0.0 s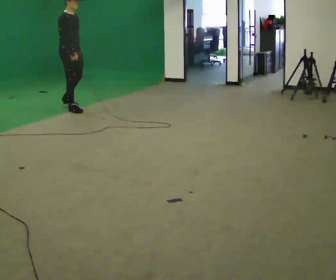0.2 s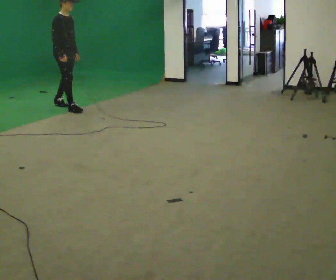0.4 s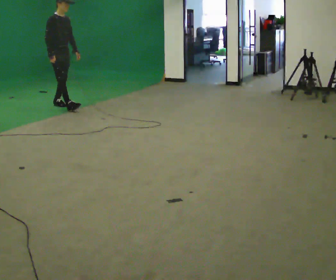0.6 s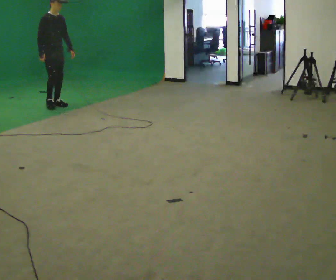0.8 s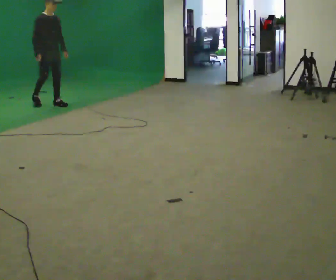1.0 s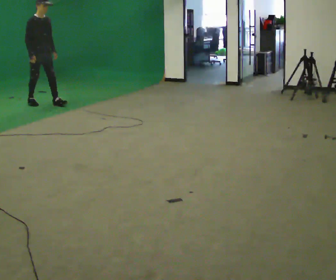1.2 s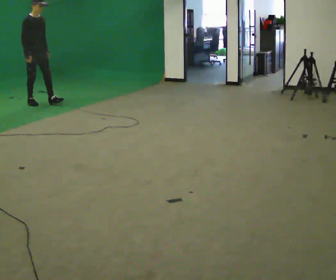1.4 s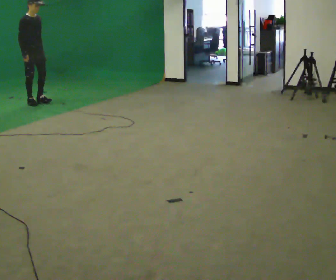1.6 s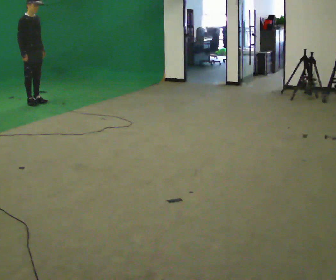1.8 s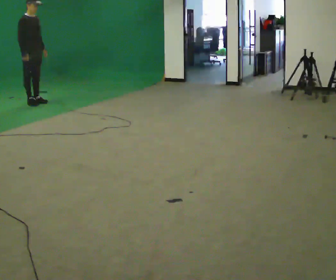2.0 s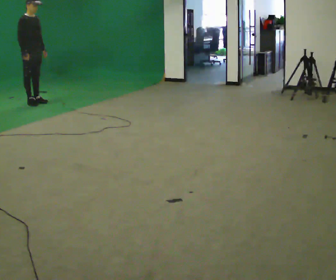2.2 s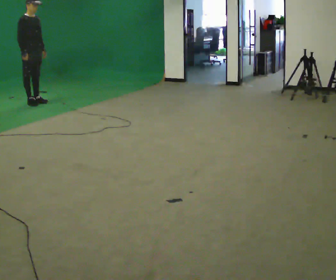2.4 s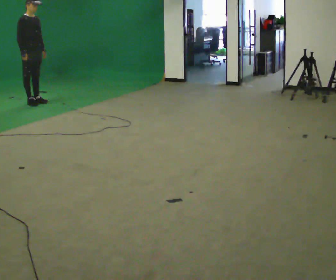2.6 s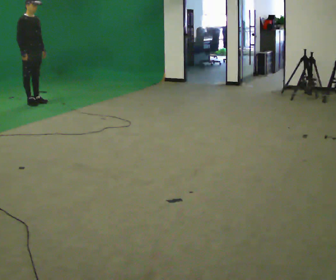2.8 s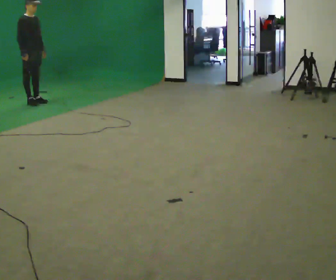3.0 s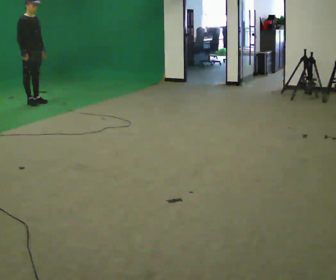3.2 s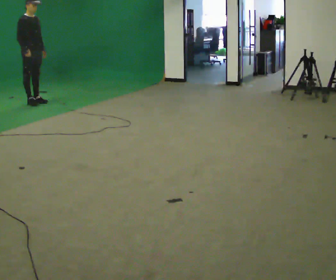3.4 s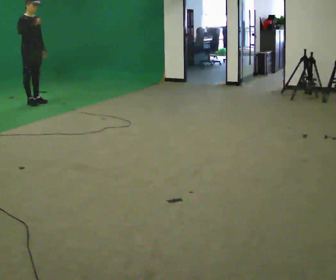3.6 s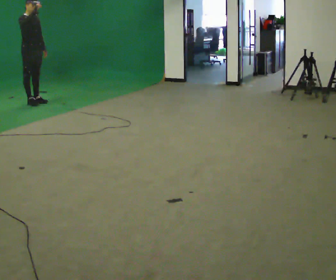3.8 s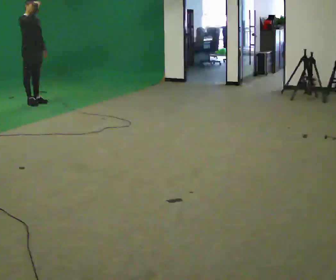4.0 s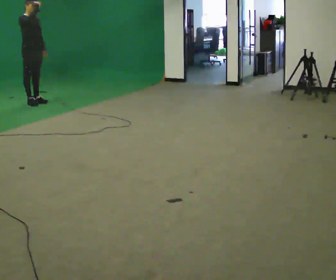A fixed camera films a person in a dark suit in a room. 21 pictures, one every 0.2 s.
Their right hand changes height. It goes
upward.
0.0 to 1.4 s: In the picture they go away from the camera and to the left, about 1 m in 2 steps, which for them is backward.
1.4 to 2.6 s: The person moves a little, or ends about where they began.
2.6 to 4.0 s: In the picture their right hand goes upward.
The film runs forward here.
